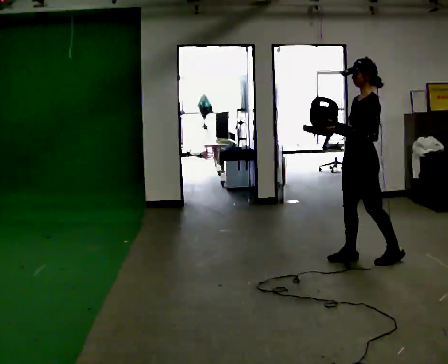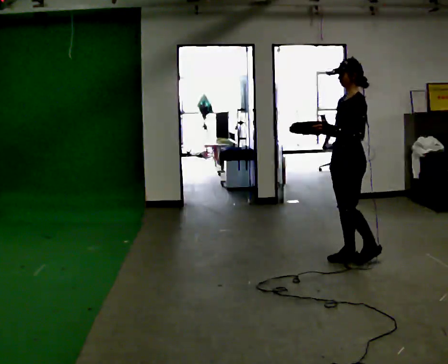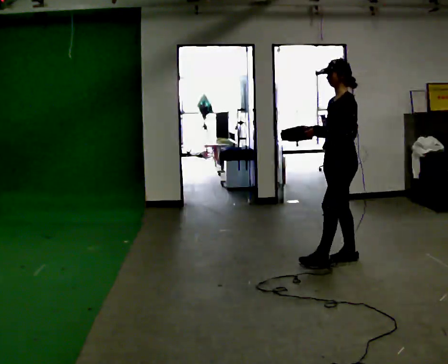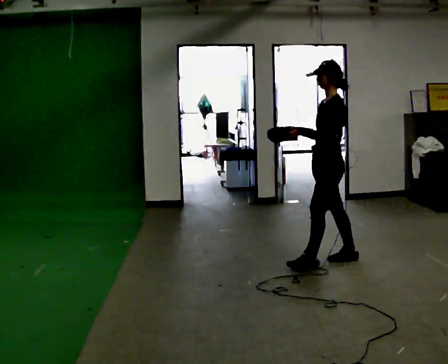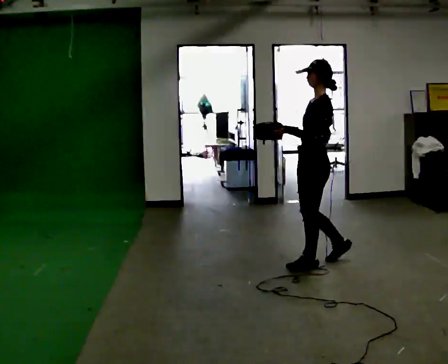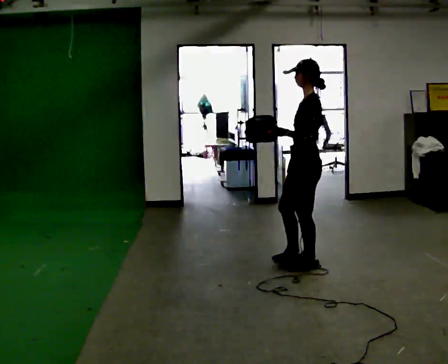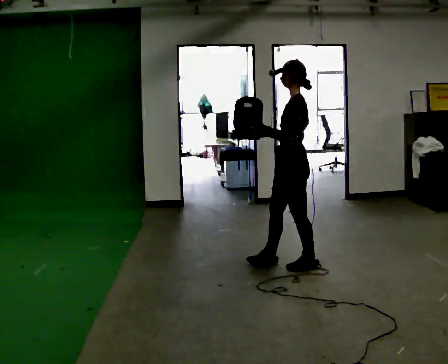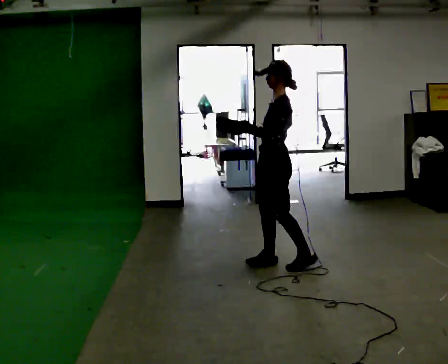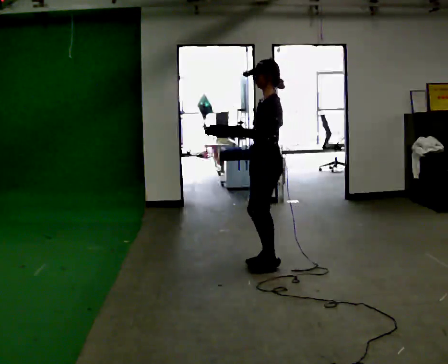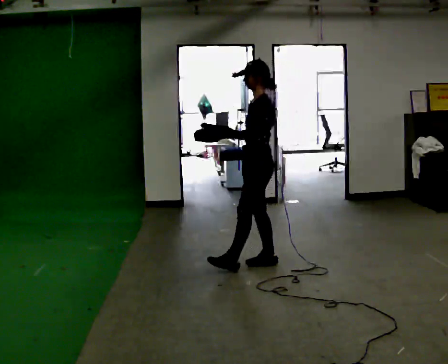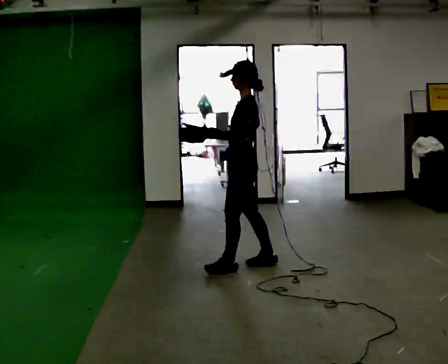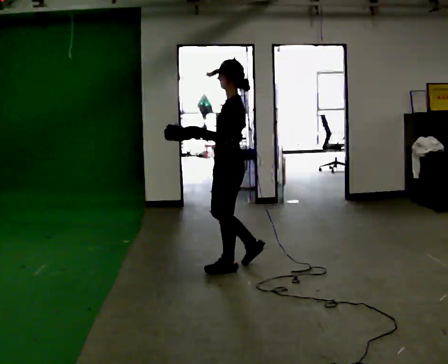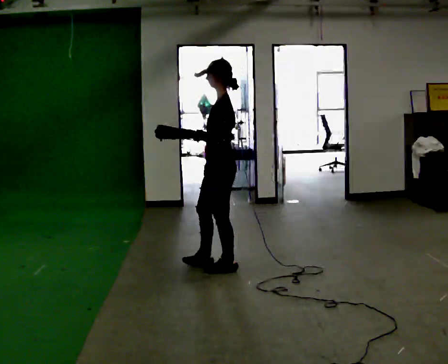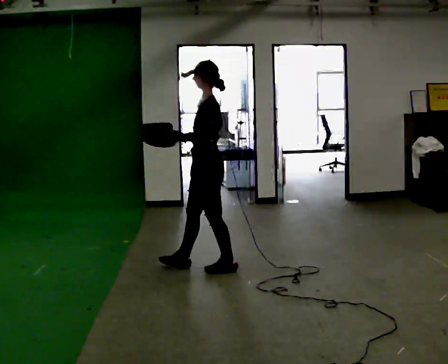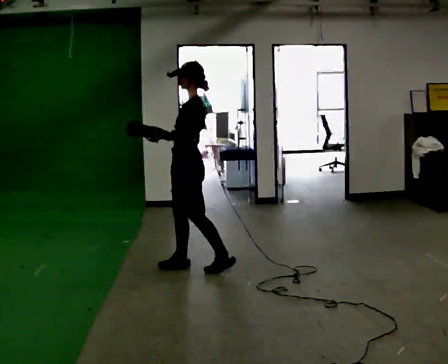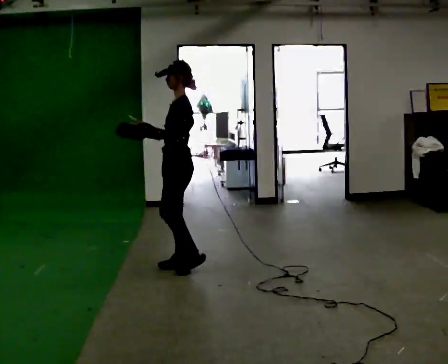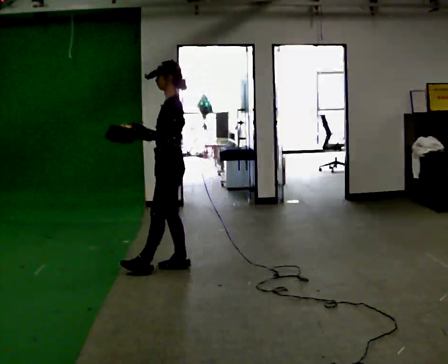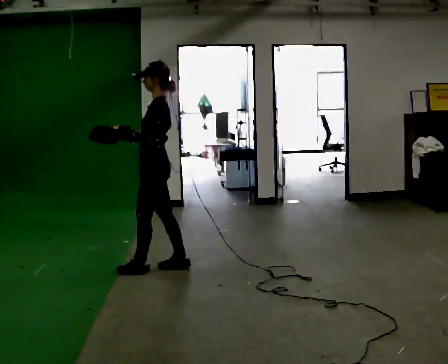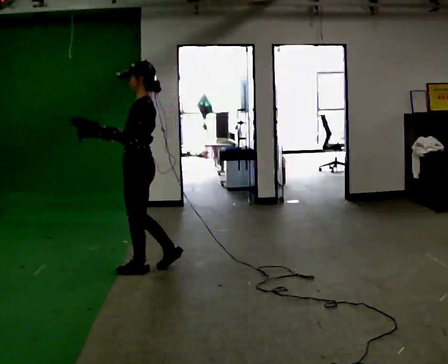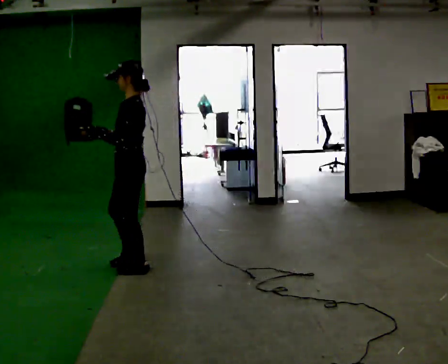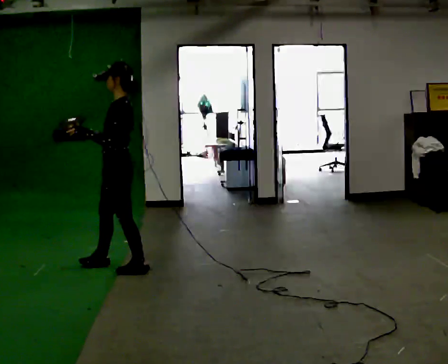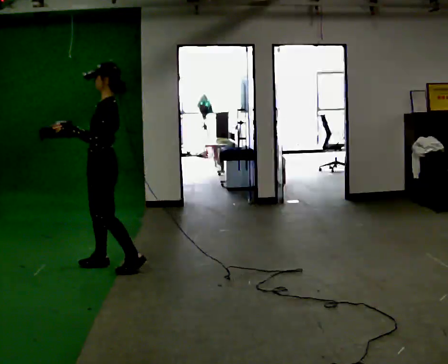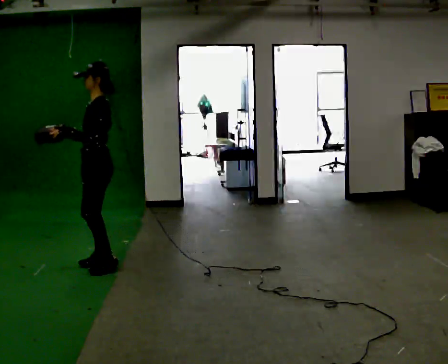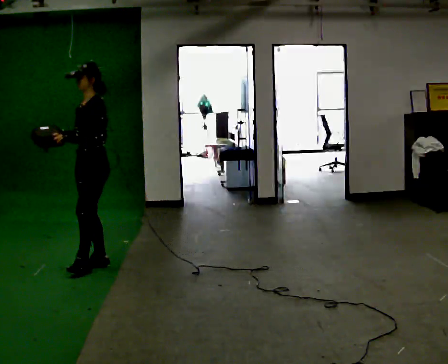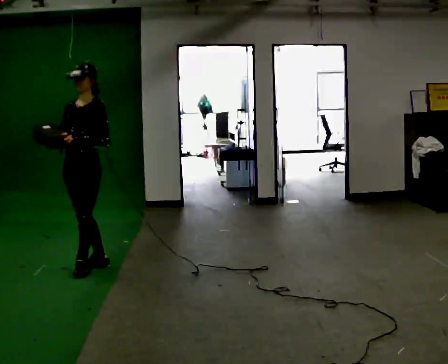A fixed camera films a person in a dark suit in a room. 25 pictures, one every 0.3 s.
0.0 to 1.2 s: In the picture they go to the left, about 0.5 m in 1 step, which for them is to their right and forward.
1.2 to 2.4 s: In the picture they go to the left, about 0.5 m in 1 step, which for them is to their right.
2.4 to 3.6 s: In the picture they go to the left, about 0.25 m in 1 step, which for them is forward and to their right.
3.6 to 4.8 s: In the picture they go to the left, about 0.5 m in 1 step, which for them is to their right.
4.8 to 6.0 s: In the picture they go to the left, about 0.5 m in 2 steps, which for them is to their right and forward.
6.0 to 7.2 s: The part of the body nearest the lens slides to the right as the person turns to their left by about 45 degrees. In the picture they go to the left, about 0.25 m in 1 step, which for them is to their right.
The film runs forward here.
